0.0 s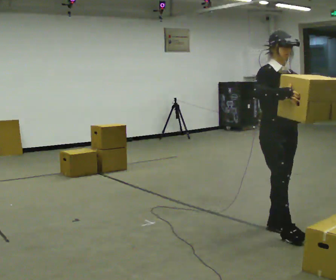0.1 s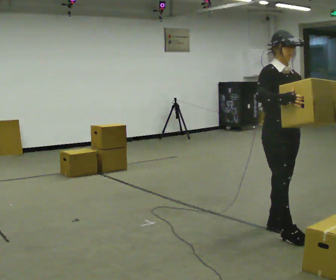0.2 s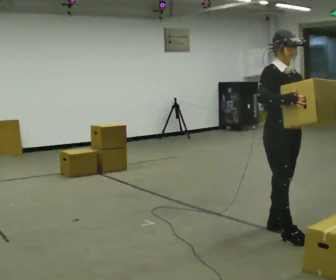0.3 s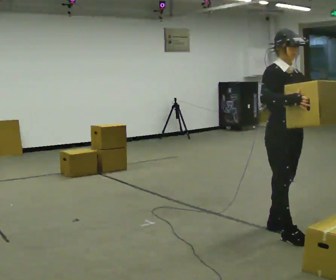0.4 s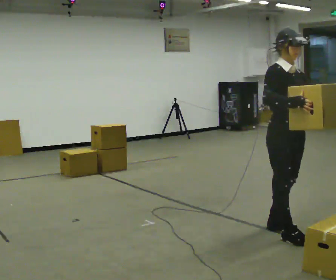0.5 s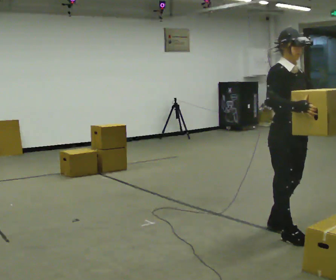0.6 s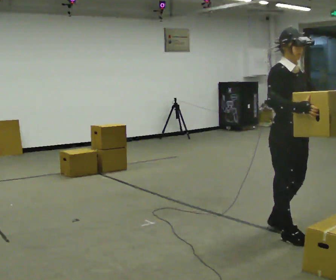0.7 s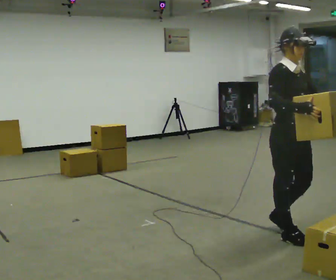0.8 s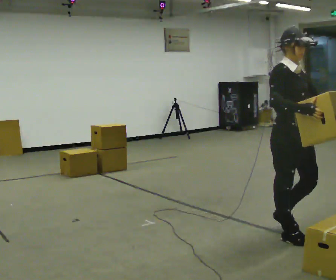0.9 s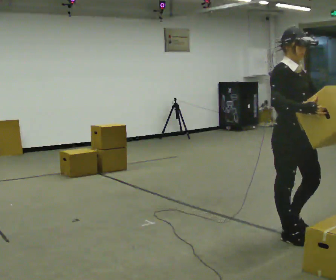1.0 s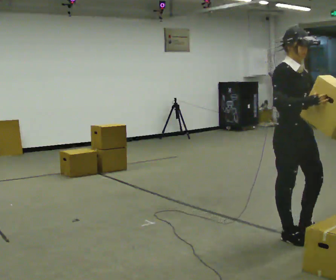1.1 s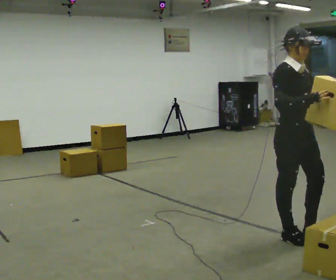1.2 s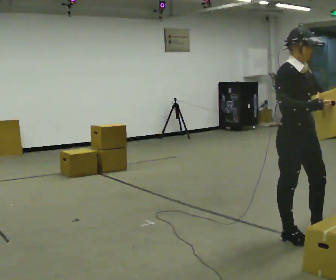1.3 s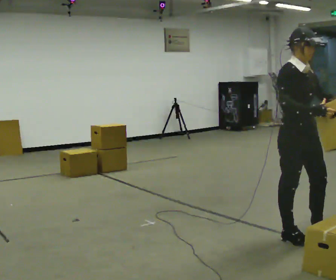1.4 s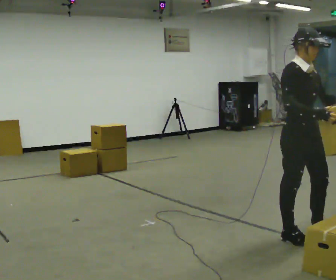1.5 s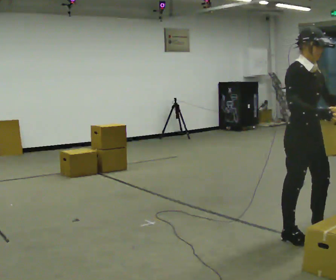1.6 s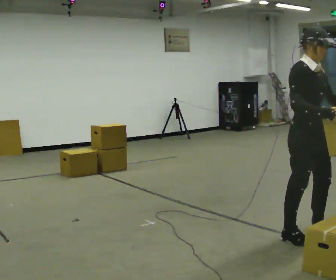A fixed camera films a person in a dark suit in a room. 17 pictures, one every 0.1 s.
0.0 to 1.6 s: In the picture they go to the right and toward the camera, about 0.25 m in 1 step, which for them is forward.
The film runs forward here.
